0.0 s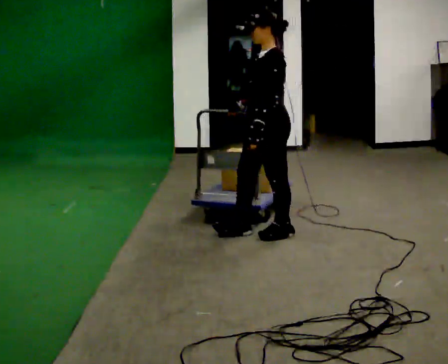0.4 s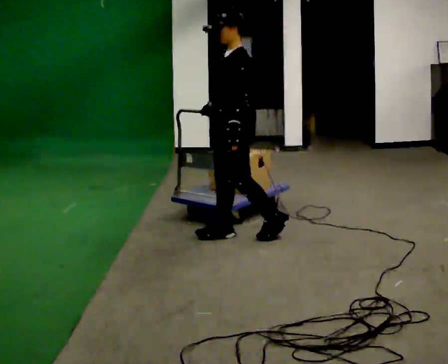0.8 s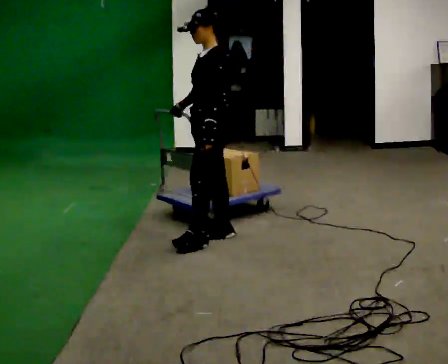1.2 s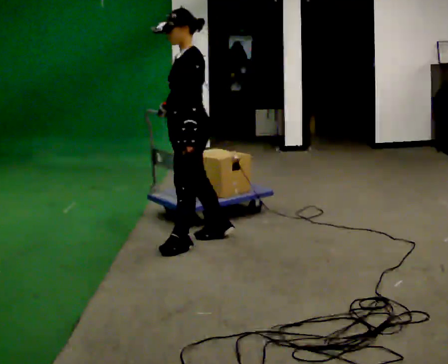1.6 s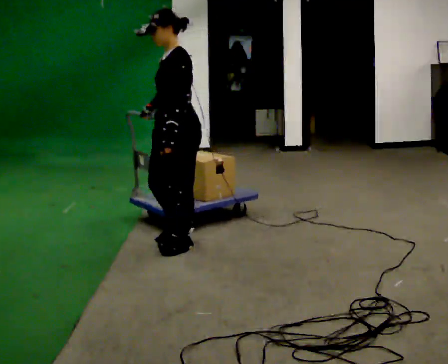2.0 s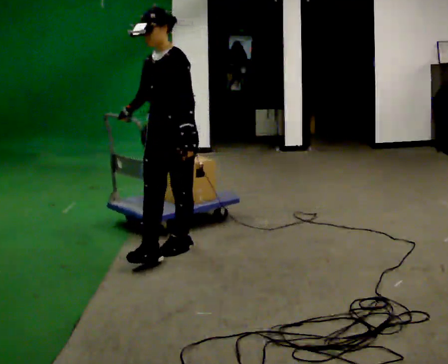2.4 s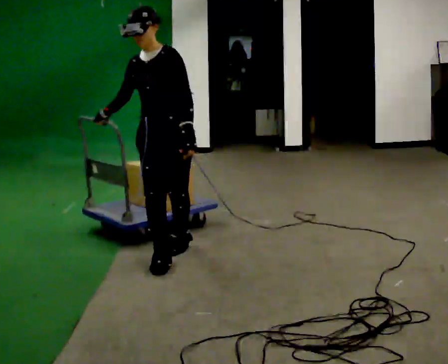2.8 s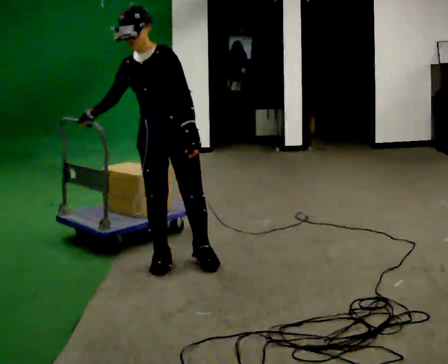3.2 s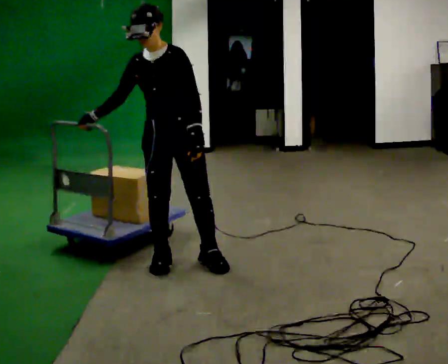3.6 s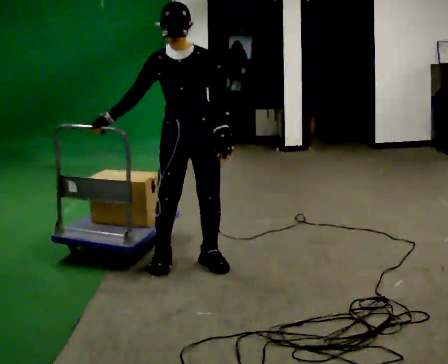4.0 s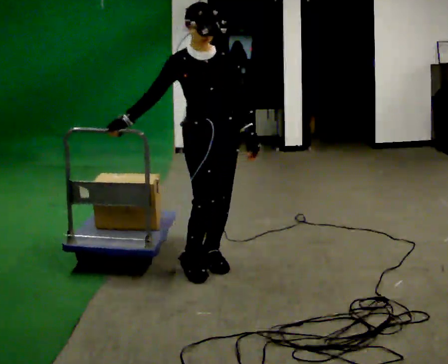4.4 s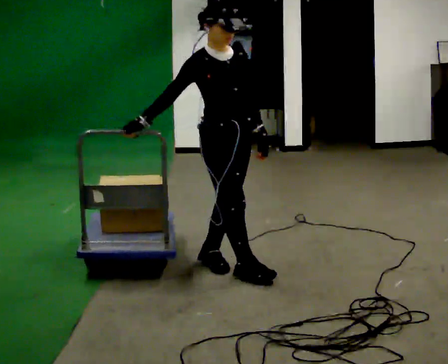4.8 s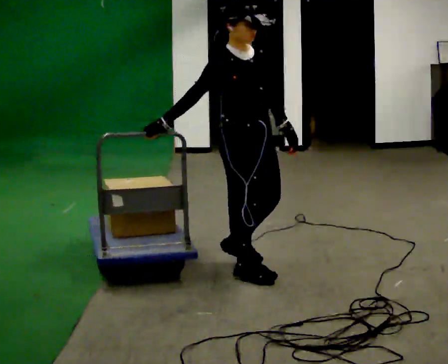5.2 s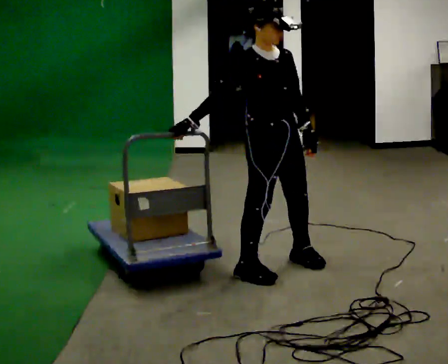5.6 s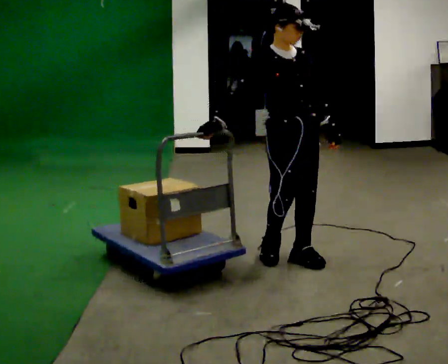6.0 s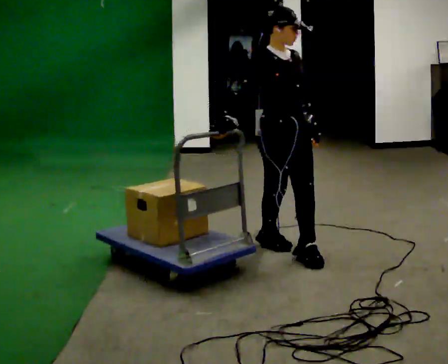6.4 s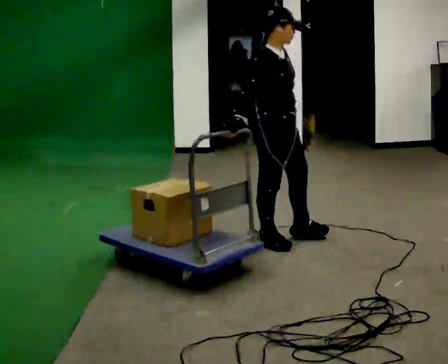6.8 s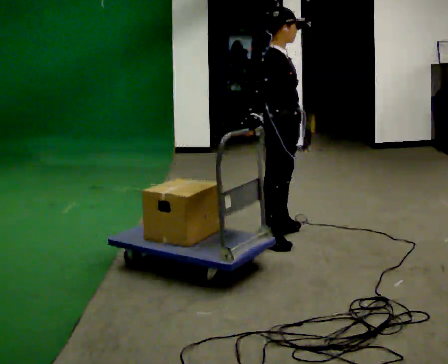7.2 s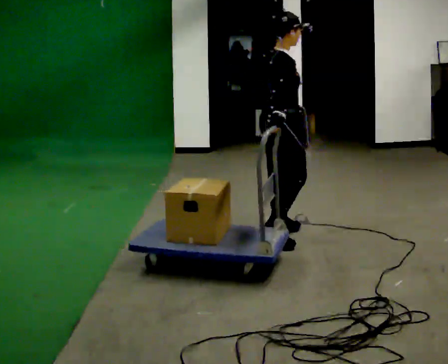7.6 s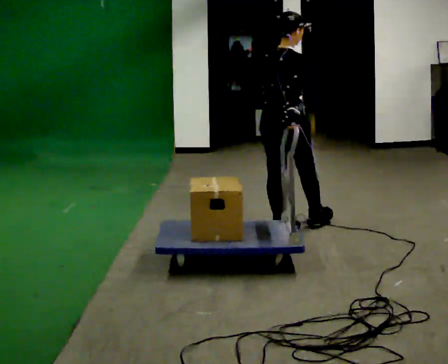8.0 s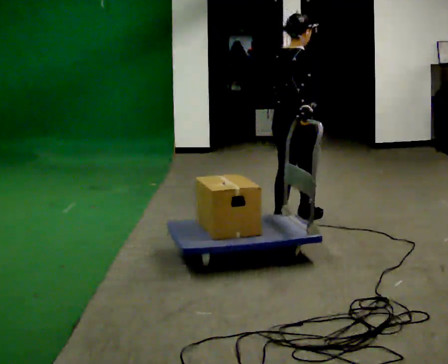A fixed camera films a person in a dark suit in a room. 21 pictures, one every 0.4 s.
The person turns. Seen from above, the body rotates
counterclockwise.
The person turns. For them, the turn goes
to their left.
0.0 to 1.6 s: In the picture they go to the left and toward the camera, about 0.75 m in 2 steps, which for them is forward.
1.6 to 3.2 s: The part of the body nearest the lens slides to the right as the person turns to their left by about 45 degrees. In the picture they go toward the camera, about 0.25 m in 2 steps, which for them is forward.
3.2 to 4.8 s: The part of the body nearest the lens slides to the right as the person turns to their left by about 60 degrees. In the picture they go to the right and toward the camera, about 0.5 m in 1 step.
4.8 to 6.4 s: In the picture they go away from the camera and to the right, about 0.5 m in 2 steps, which for them is to their left and backward.
6.4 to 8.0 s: The person turns about 75 degrees to their left, counterclockwise seen from above, so the part of the body nearest the lens slides to the right. In the picture they go away from the camera and to the right, about 0.5 m in 2 steps.
The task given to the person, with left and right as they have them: Pull the cart behind you as you walk backward across the room. The operator will confirm the space behind you is clear before each take.
The film runs forward here.
